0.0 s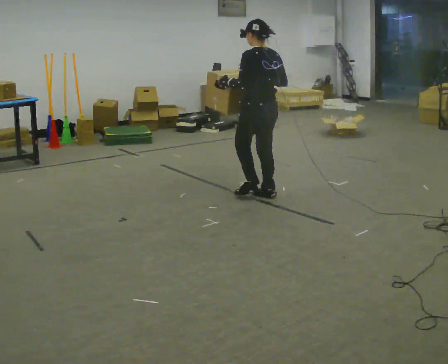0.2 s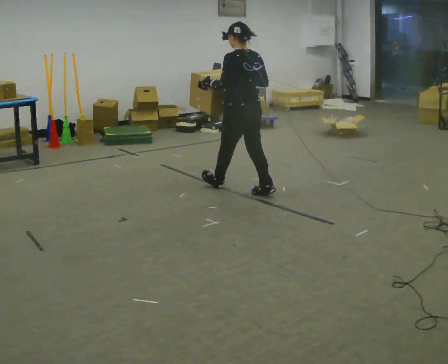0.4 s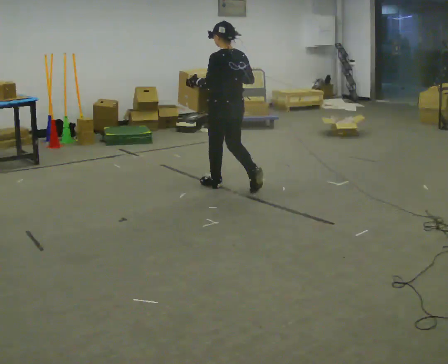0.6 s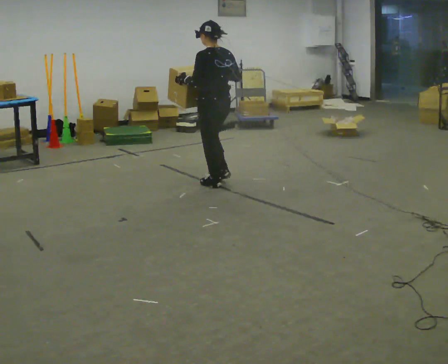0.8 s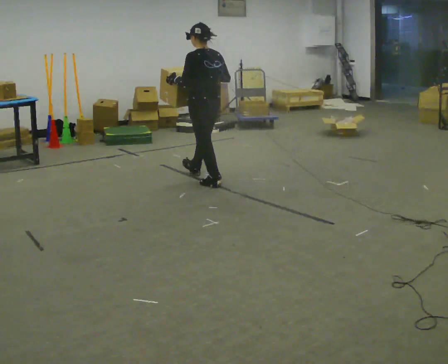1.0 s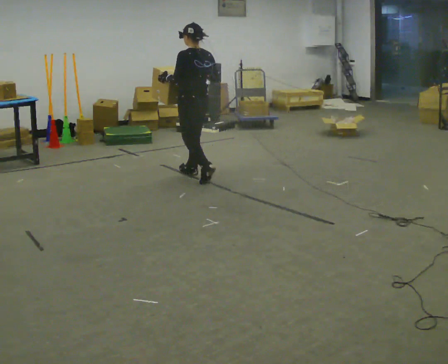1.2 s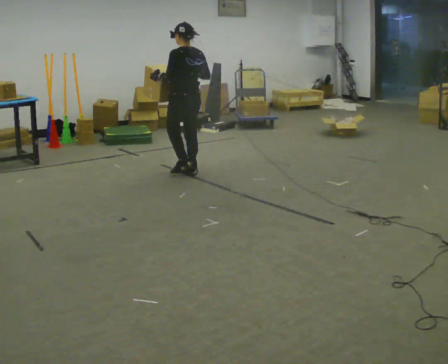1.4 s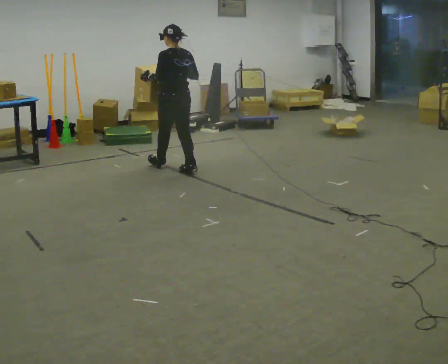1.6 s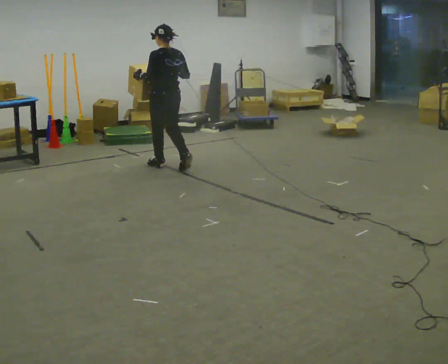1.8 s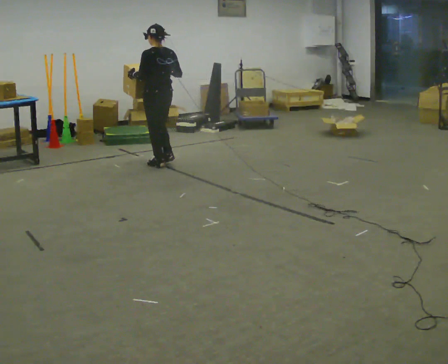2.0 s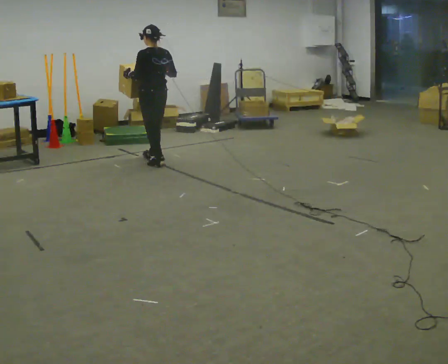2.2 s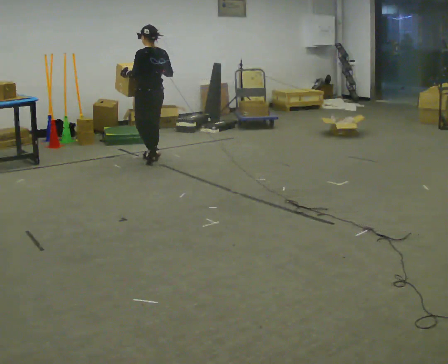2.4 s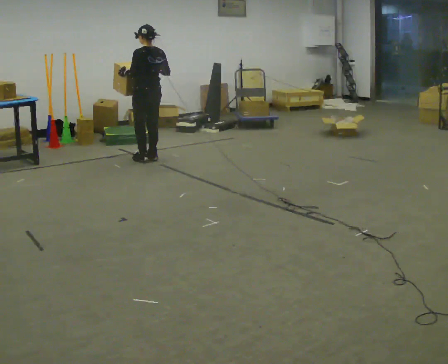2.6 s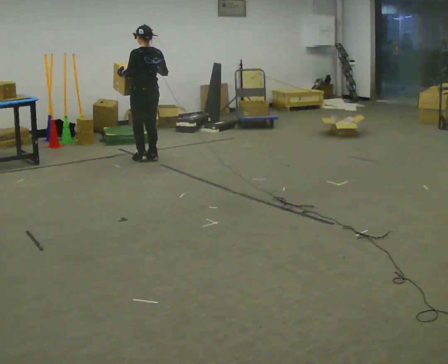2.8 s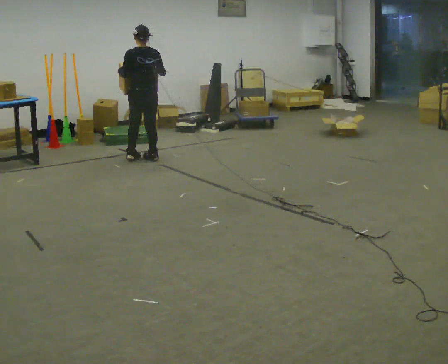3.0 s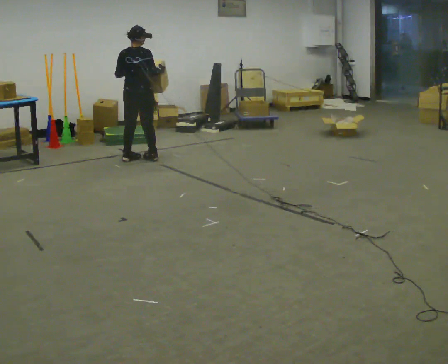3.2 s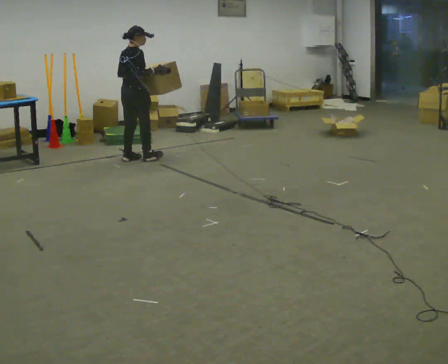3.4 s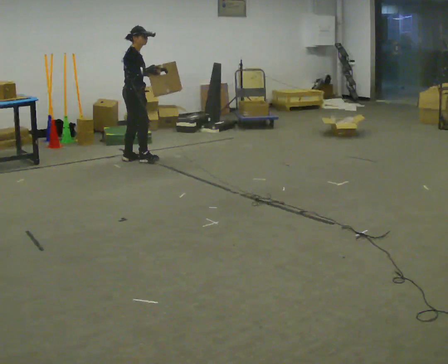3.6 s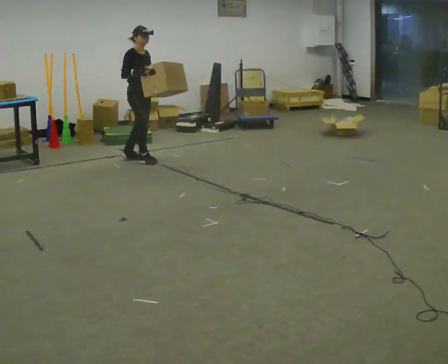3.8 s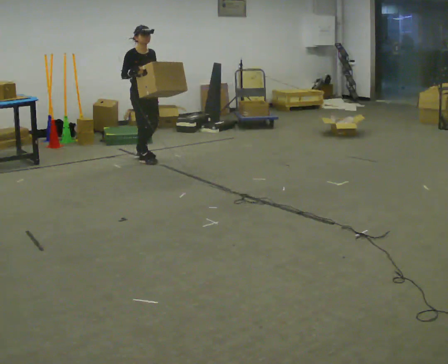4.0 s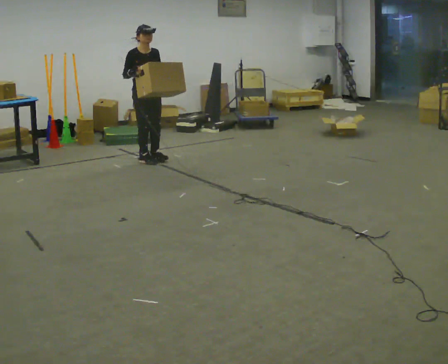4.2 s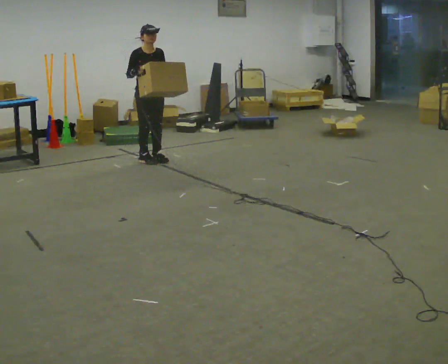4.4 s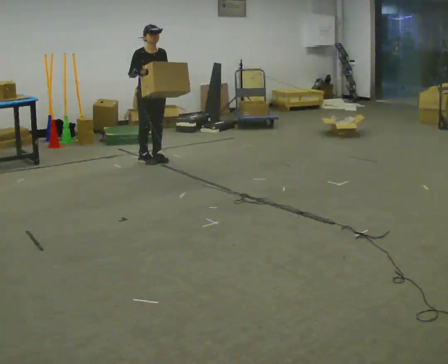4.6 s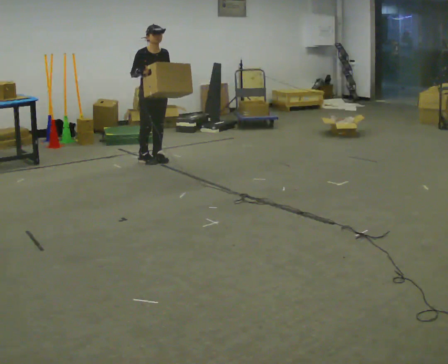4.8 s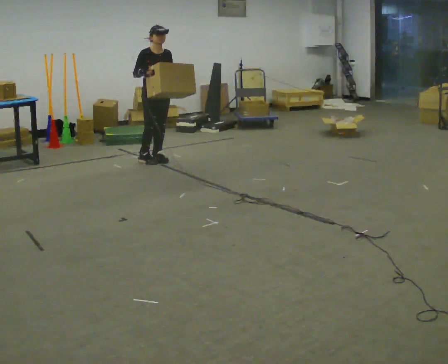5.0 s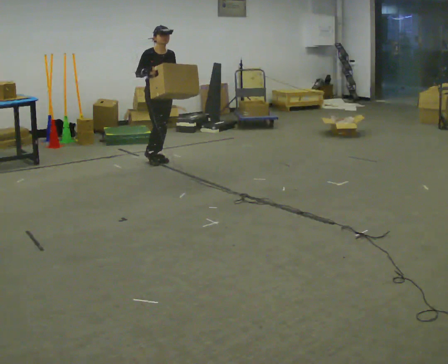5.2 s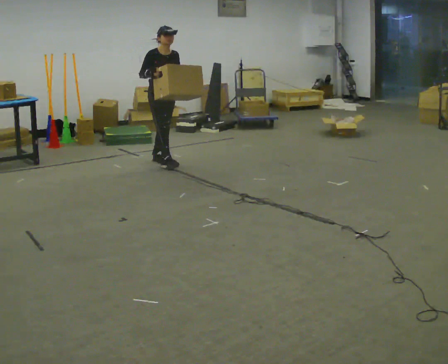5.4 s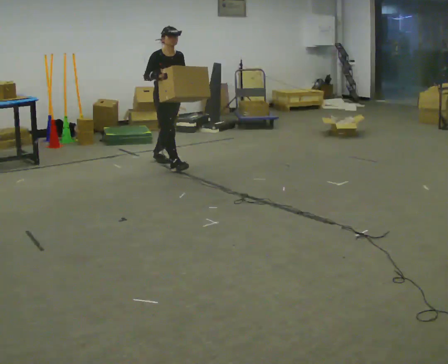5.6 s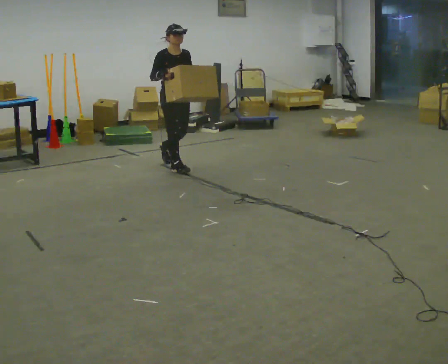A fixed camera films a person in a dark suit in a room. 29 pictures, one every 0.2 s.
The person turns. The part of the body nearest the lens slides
to the left.
The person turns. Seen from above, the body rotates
clockwise.
0.0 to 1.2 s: In the picture they go away from the camera and to the left, about 1 m in 2 steps, which for them is forward.
1.2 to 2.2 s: In the picture they go away from the camera and to the left, about 0.75 m in 2 steps, which for them is forward.
2.2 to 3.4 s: Seen from above the body turns clockwise, about 120 degrees: to their right, with its near side sliding to the left. In the picture they go to the left, about 0.25 m in 2 steps.
3.4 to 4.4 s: Seen from above the body turns clockwise, about 60 degrees: to their right, with its near side sliding to the left. In the picture they go to the right, about 0.25 m in 1 step.
4.4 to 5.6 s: In the picture they go toward the camera and to the right, about 0.5 m in 1 step, which for them is forward.
The film runs forward here.
